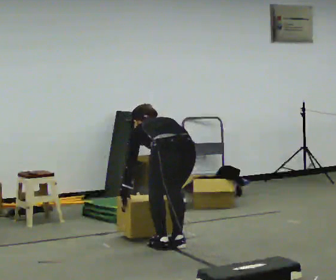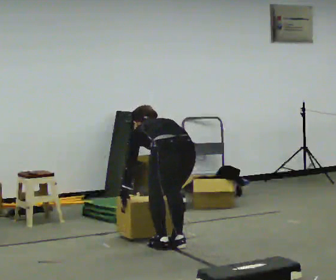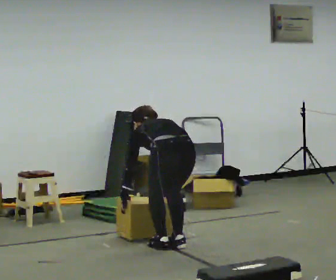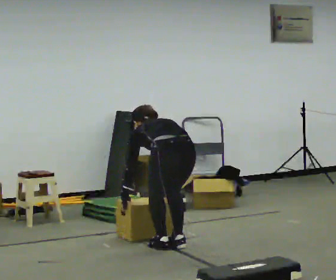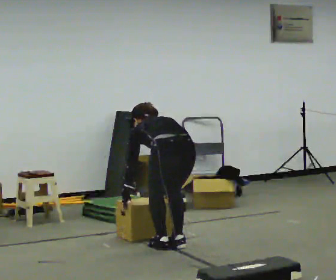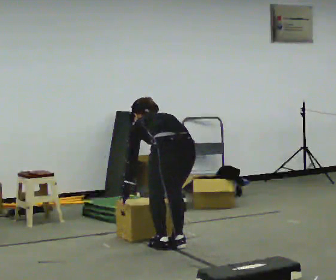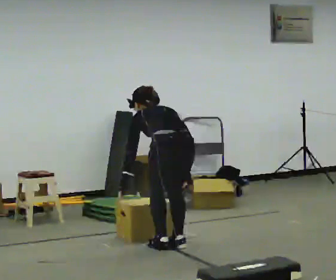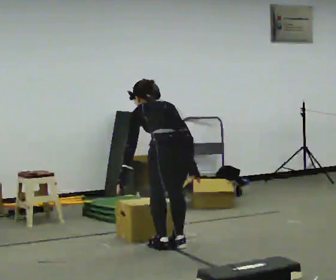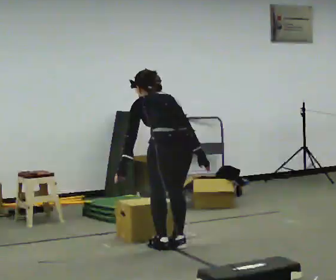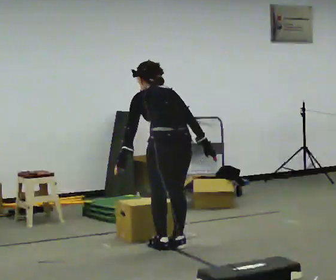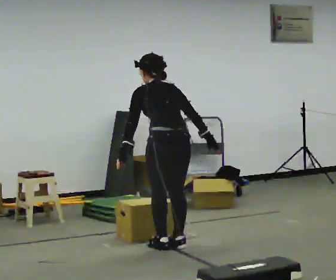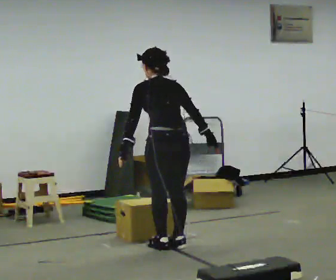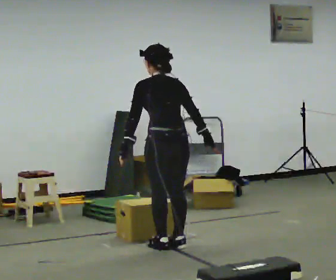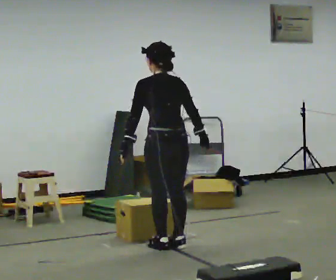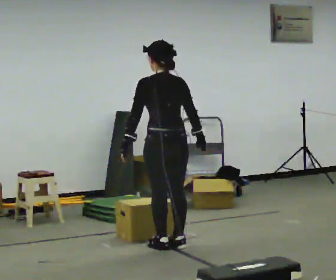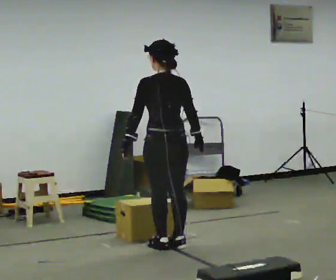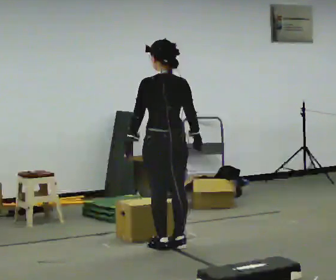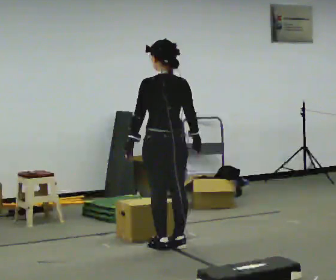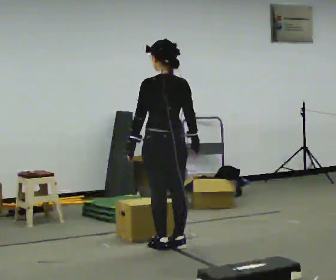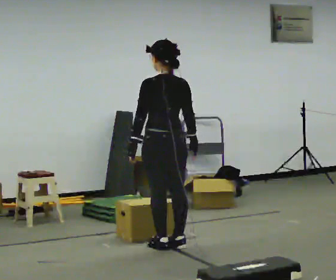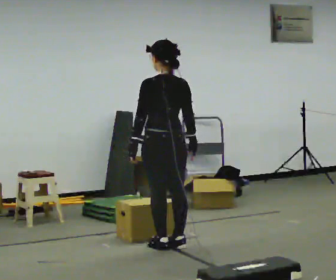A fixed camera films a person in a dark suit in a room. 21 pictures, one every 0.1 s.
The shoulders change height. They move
upward.
The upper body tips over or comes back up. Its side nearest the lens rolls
downward.
0.0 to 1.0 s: The shoulders move upward. The upper body tips toward the camera, its near side rolling downward, as they lean back or straighten. In the picture their right hand goes upward and to the right.
1.0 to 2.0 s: The upper body tips toward the camera, its near side rolling downward, as they lean back or straighten.
The film runs forward here.
